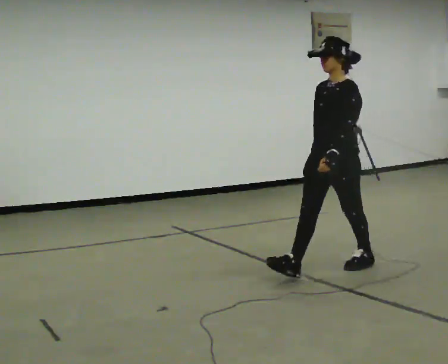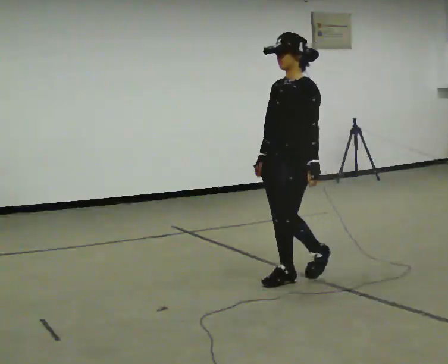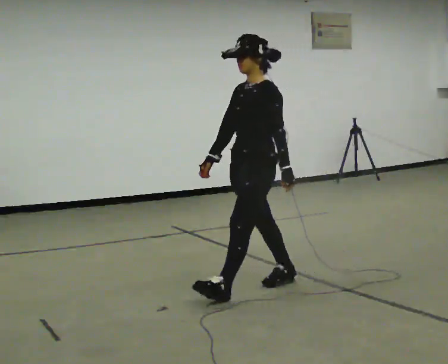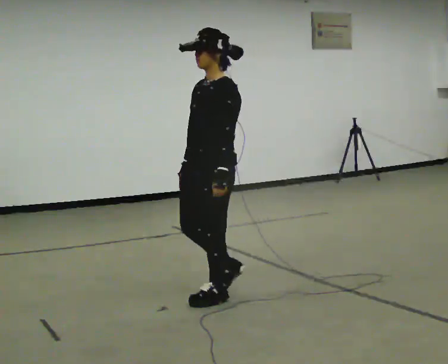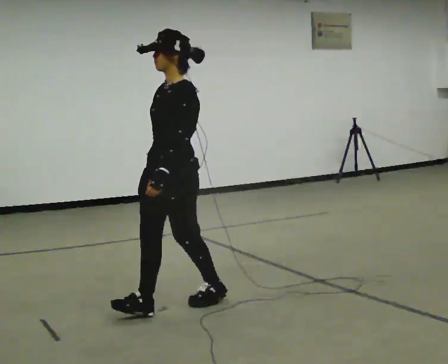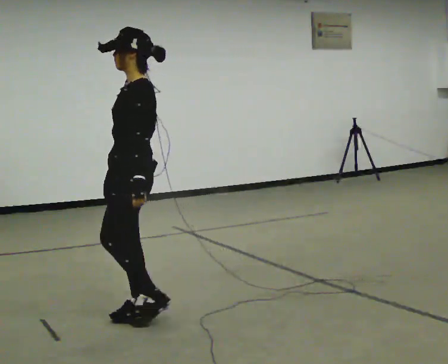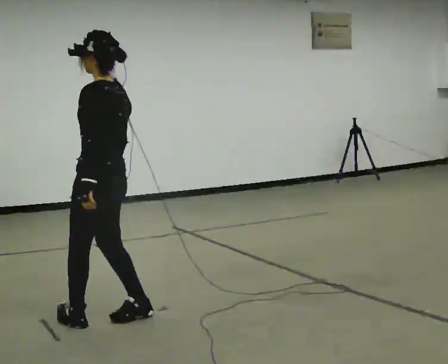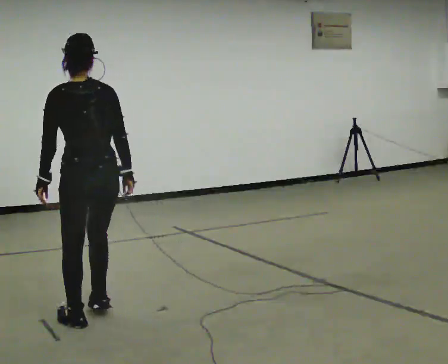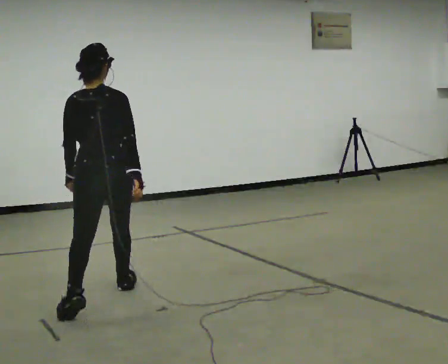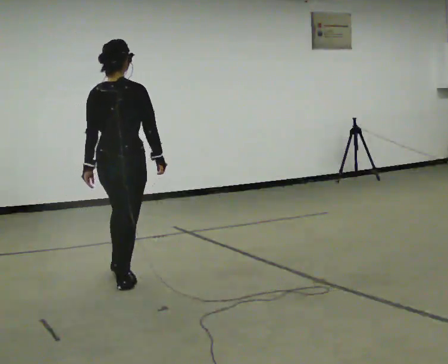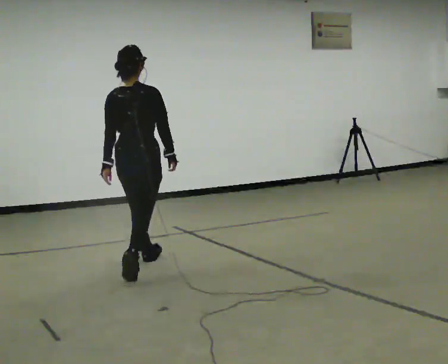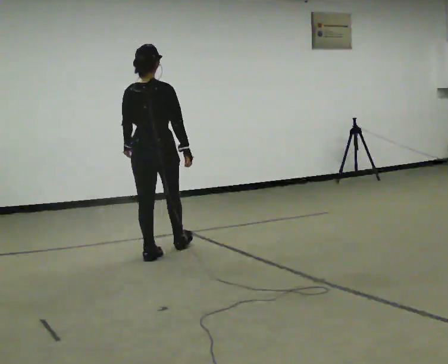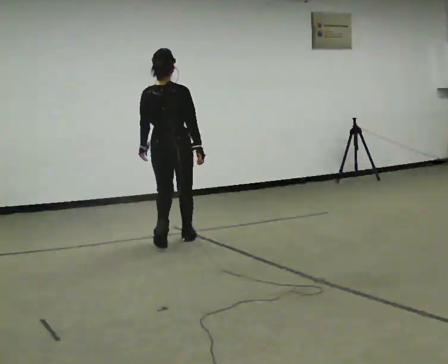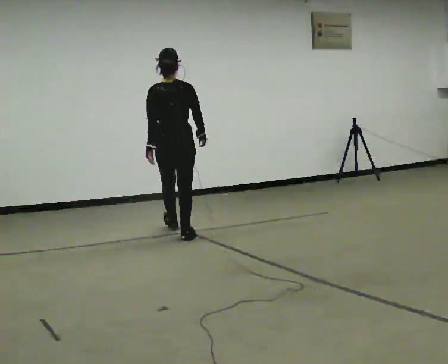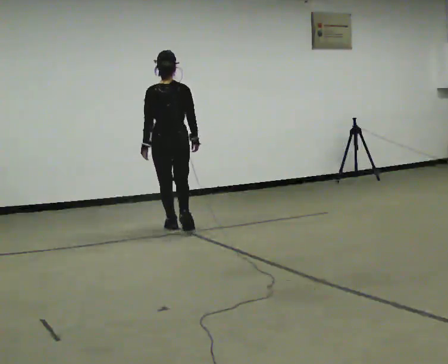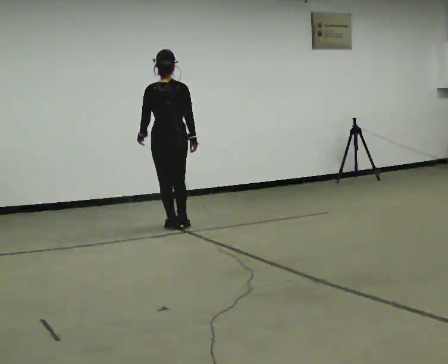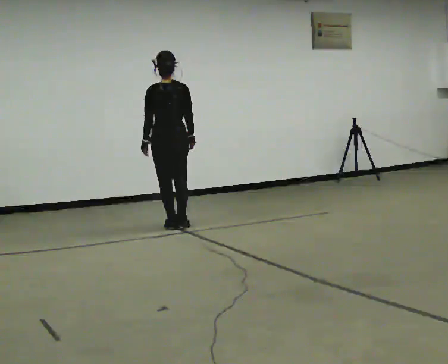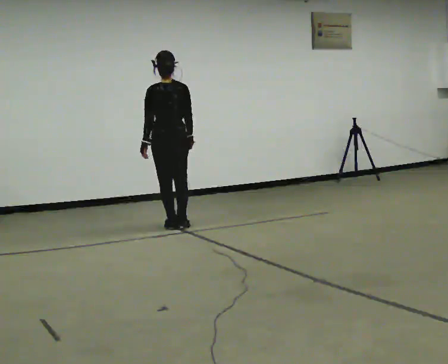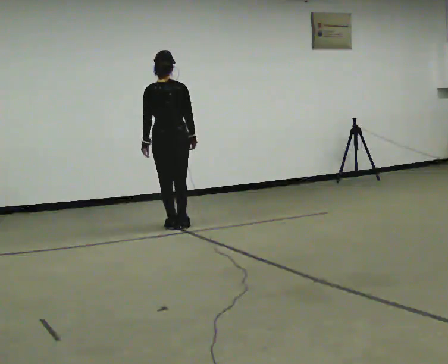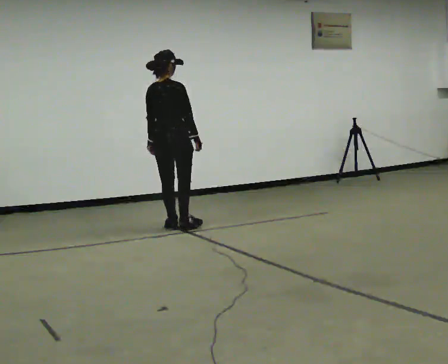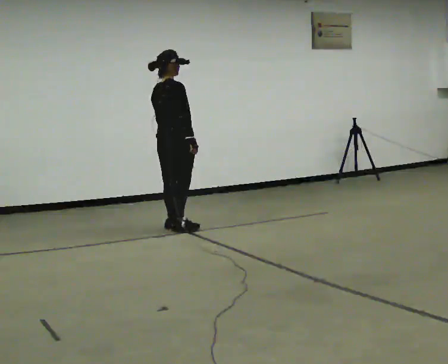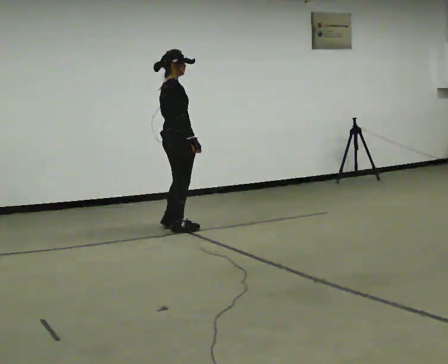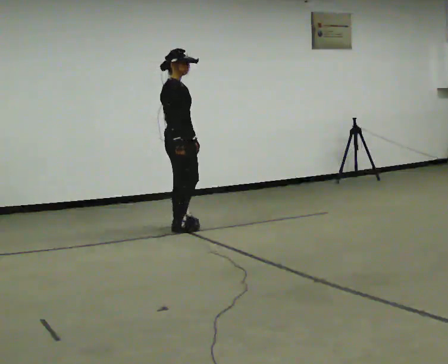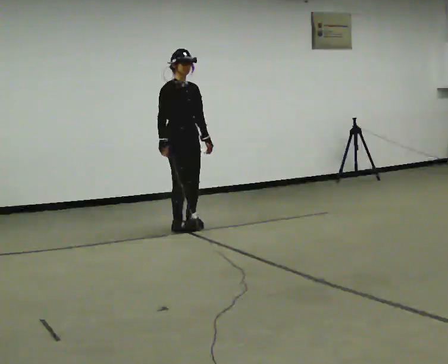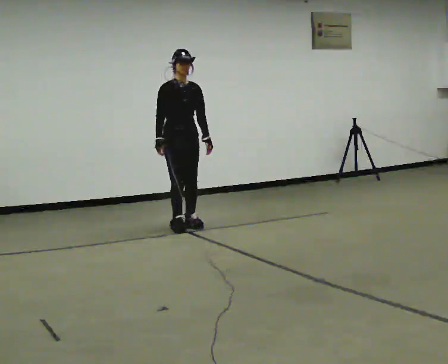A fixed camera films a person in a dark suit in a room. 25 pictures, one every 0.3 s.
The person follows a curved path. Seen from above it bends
clockwise.
0.0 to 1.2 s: In the picture they go to the left and toward the camera, about 1 m in 3 steps, which for them is forward.
1.2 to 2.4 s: The person turns about 120 degrees to their right, clockwise seen from above, so the part of the body nearest the lens slides to the left. In the picture they go to the left and away from the camera, about 0.5 m in 2 steps.
2.4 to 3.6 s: In the picture they go away from the camera, about 1.5 m in 2 steps, which for them is forward.
3.6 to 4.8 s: In the picture they go away from the camera, about 0.75 m in 2 steps, which for them is forward.
4.8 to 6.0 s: The person turns about 60 degrees to their right, clockwise seen from above, so the part of the body nearest the lens slides to the left.
6.0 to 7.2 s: The part of the body nearest the lens slides to the left as the person turns to their right by about 120 degrees. In the picture their right hand goes to the left, the arm swinging clockwise.
The film runs forward here.
